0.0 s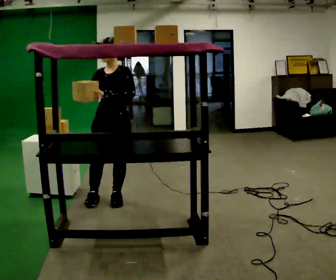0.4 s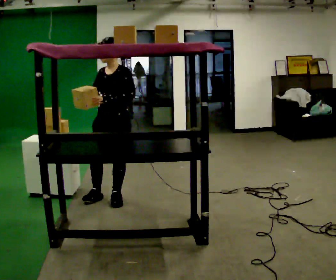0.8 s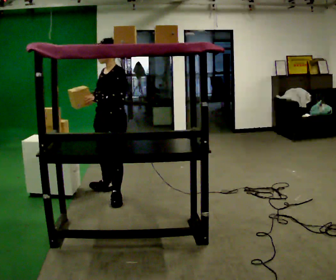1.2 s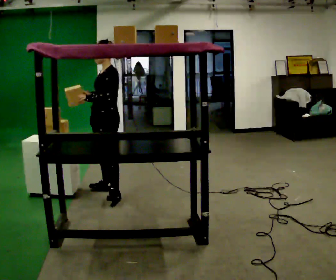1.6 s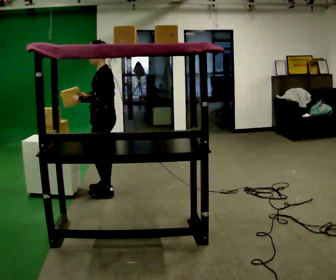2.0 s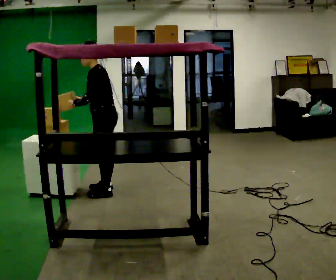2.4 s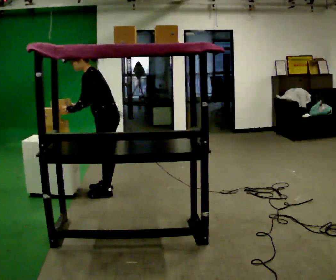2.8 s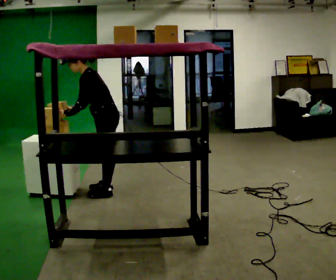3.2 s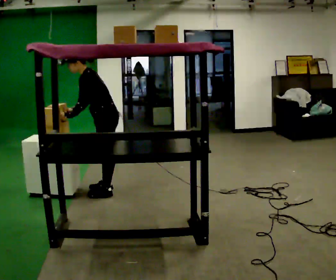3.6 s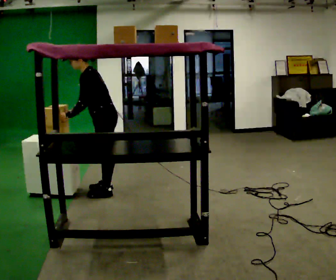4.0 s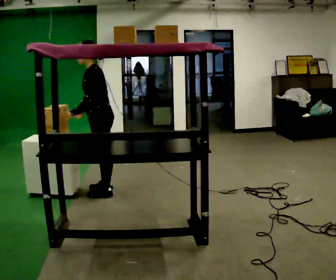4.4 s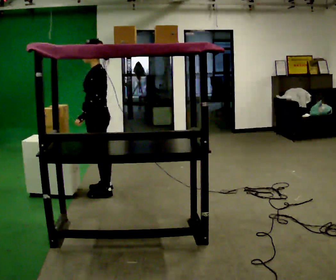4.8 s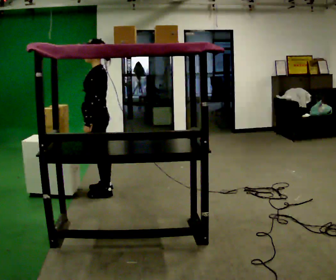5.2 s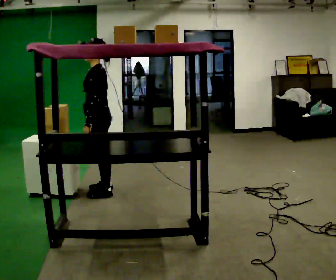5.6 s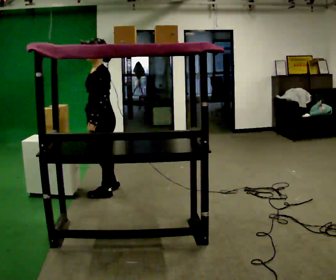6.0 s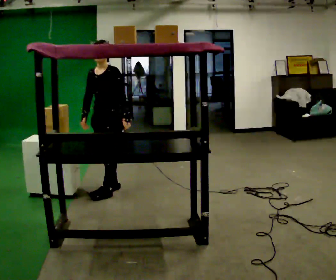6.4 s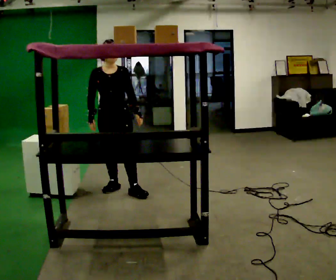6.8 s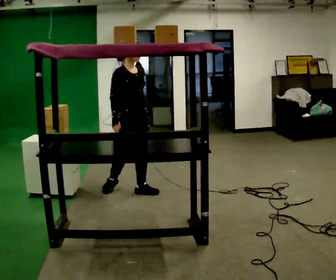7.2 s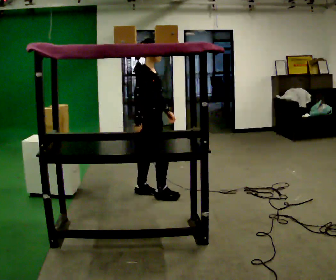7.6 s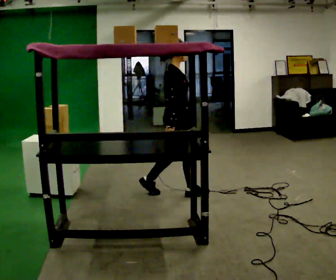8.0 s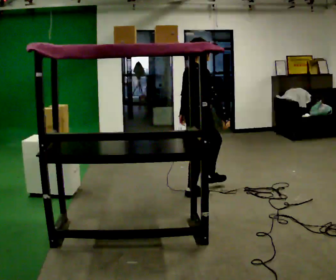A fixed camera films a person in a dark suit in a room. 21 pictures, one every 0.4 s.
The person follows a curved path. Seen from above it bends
clockwise.
0.0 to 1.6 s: The person turns about 60 degrees to their right, clockwise seen from above, so the part of the body nearest the lens slides to the left. In the picture they go away from the camera, about 0.25 m in 1 step.
1.6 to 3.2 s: In the picture the upper body tilts counterclockwise, shoulders to the left, as they bend forward.
3.2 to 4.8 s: In the picture the upper body tilts clockwise, shoulders to the right, as they lean back or straighten.
4.8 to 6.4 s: The person turns about 90 degrees to their left, counterclockwise seen from above, so the part of the body nearest the lens slides to the right. In the picture they go to the right, about 0.25 m. In the picture their left hand goes to the right, the arm swinging counterclockwise.
6.4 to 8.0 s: Seen from above the body turns counterclockwise, about 105 degrees: to their left, with its near side sliding to the right. In the picture they go to the right, about 1 m in 2 steps.
The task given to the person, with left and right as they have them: Take an object from the waist-height shelf and place it on the highest shelf you can comfortably reach. Repeat at your own pace until the operator says stop. Keep both feet on the marked spots for the whole take. If you have to step, stop and tell the operator.
The film runs forward here.
